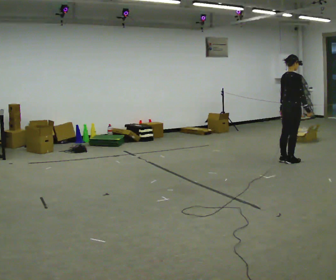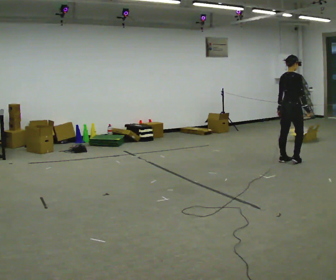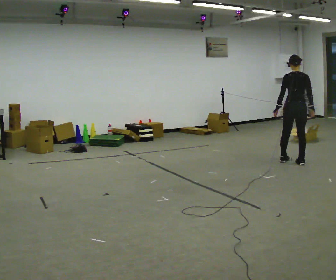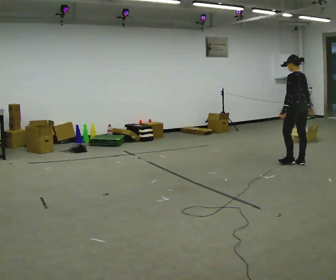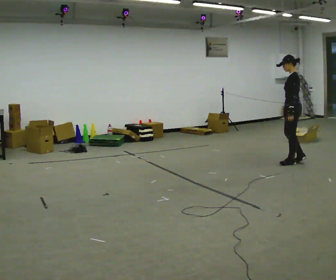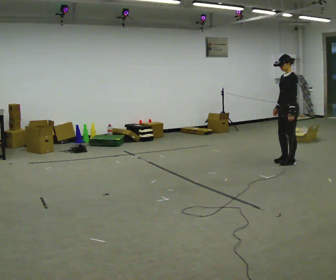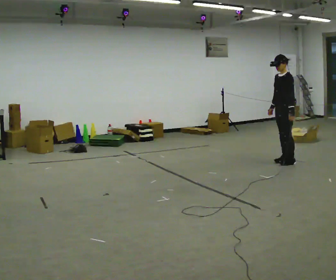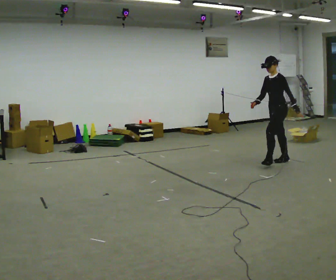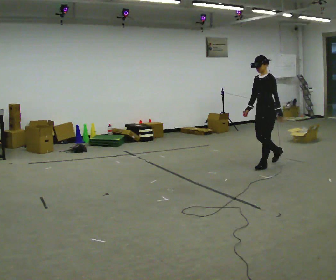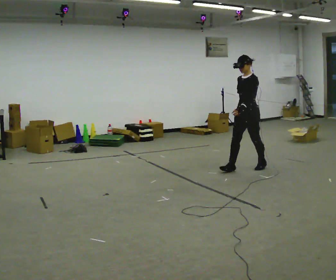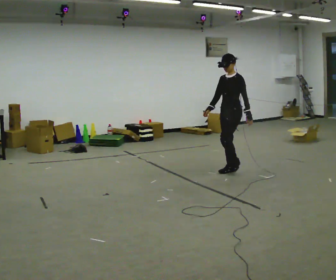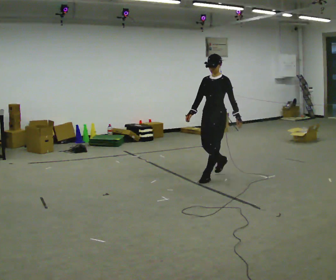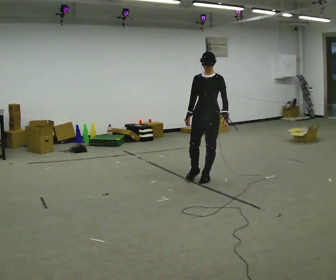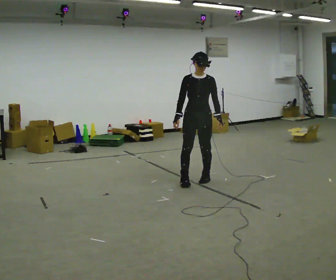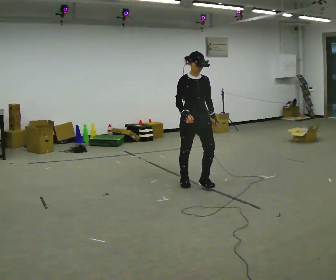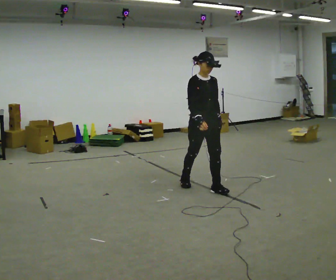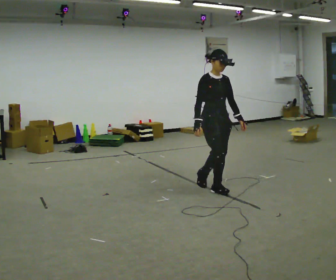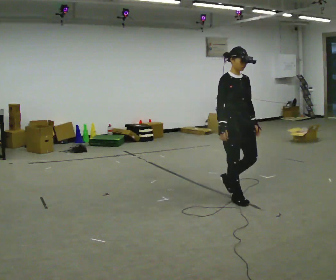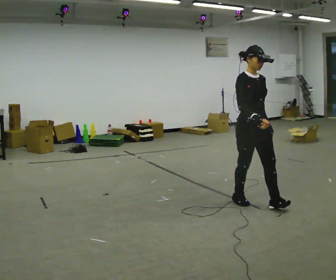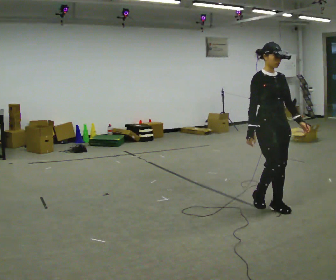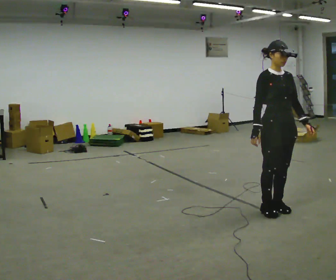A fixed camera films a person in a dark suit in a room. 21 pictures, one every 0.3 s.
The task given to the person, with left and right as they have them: Walk normally; turn left/right while slowing; after turn accelerate back to normal.
0.0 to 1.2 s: The person turns about 135 degrees to their left, counterclockwise seen from above, so the part of the body nearest the lens slides to the right. In the picture they go toward the camera, about 0.25 m in 2 steps.
1.2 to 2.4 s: The person turns about 45 degrees to their left, counterclockwise seen from above, so the part of the body nearest the lens slides to the right. In the picture they go to the left, about 0.5 m in 2 steps, which for them is forward.
2.4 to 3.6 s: The part of the body nearest the lens slides to the right as the person turns to their left by about 45 degrees. In the picture they go to the left and toward the camera, about 1 m in 2 steps, which for them is forward.
3.6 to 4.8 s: Seen from above the body turns counterclockwise, about 60 degrees: to their left, with its near side sliding to the right. In the picture they go toward the camera, about 0.5 m in 2 steps, which for them is forward.
4.8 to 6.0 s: In the picture they go toward the camera and to the right, about 1 m in 3 steps, which for them is forward.
The film runs forward here.
